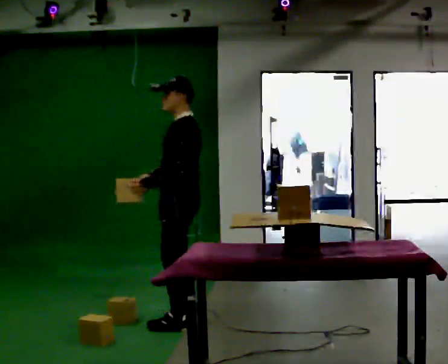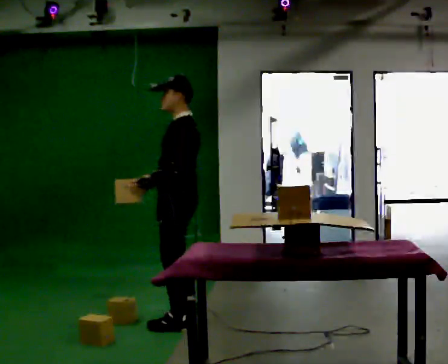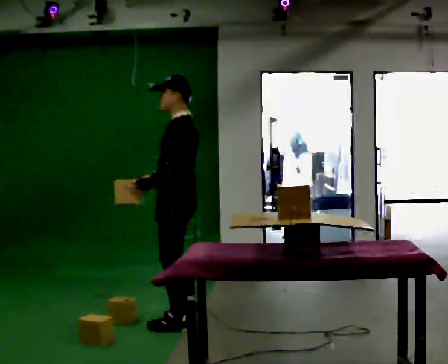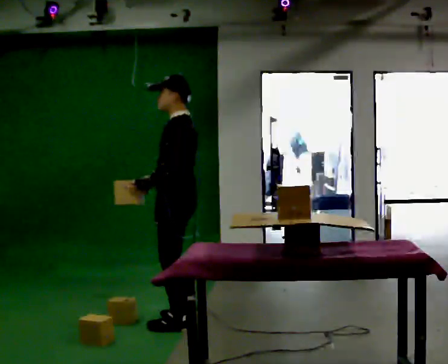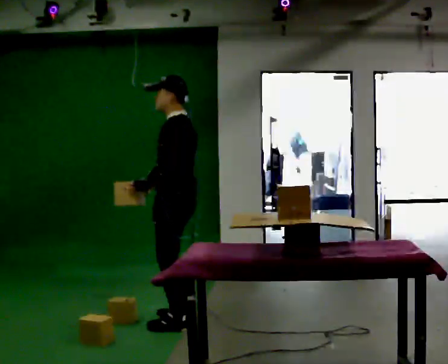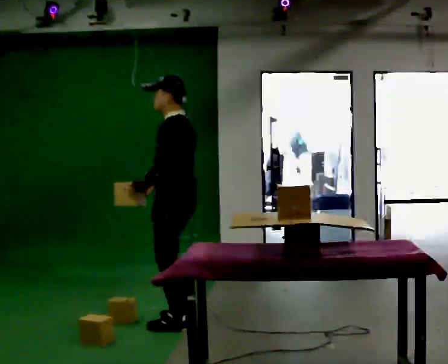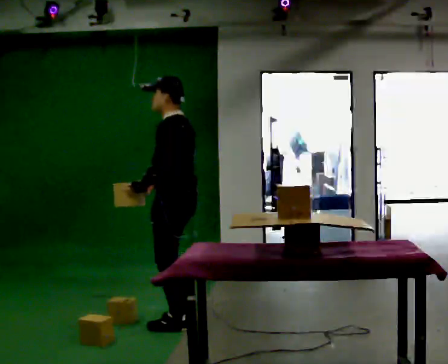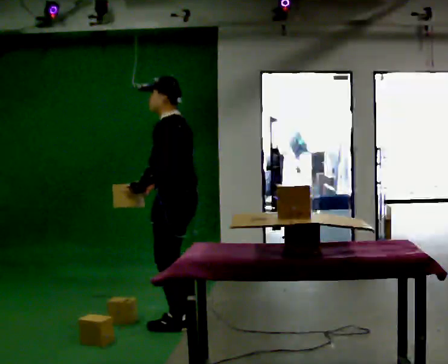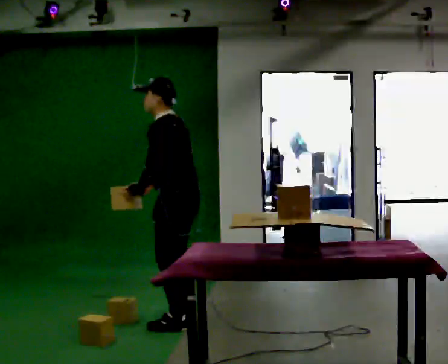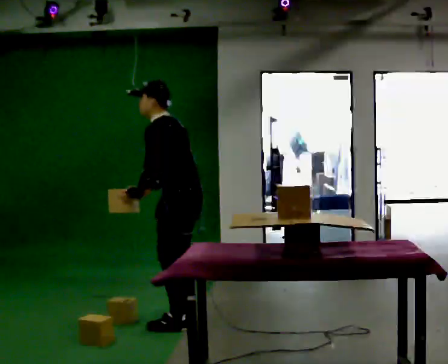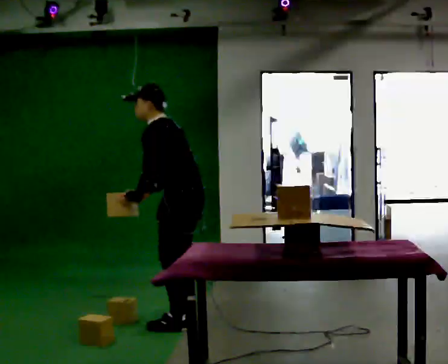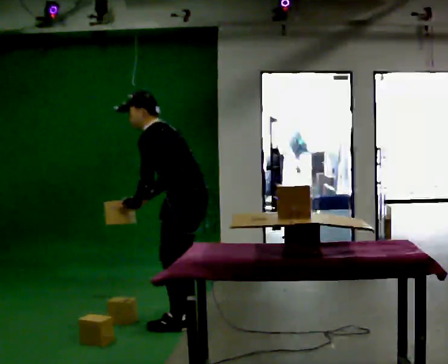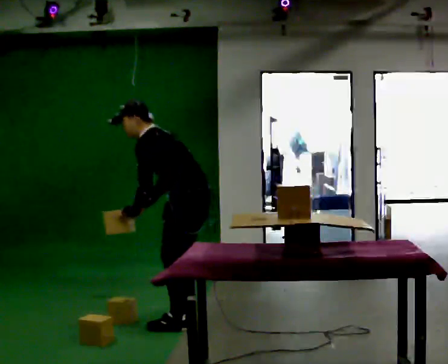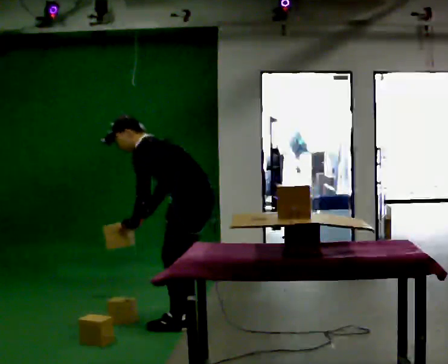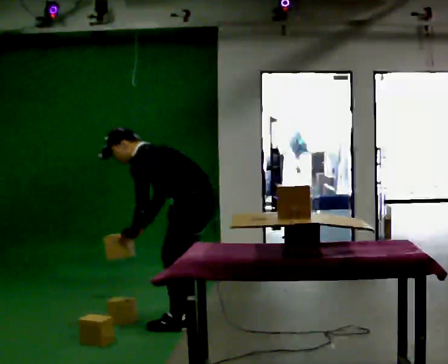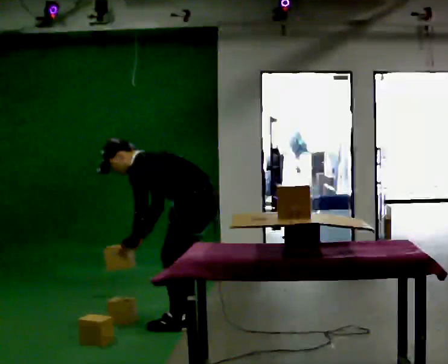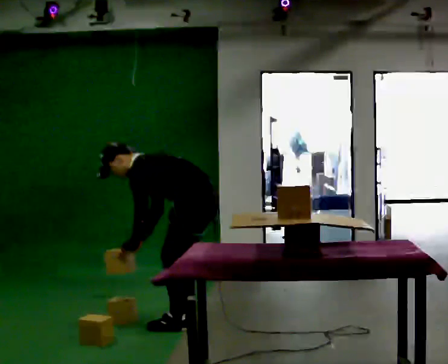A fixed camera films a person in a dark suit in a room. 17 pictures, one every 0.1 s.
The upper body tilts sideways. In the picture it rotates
counterclockwise.
The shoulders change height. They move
downward.
0.0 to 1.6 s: The upper body goes downward. In the picture the upper body tilts counterclockwise, shoulders to the left, as they bend forward. In the picture their right hand goes downward.
The film runs backward here.
